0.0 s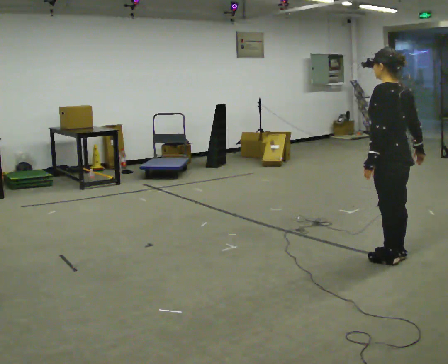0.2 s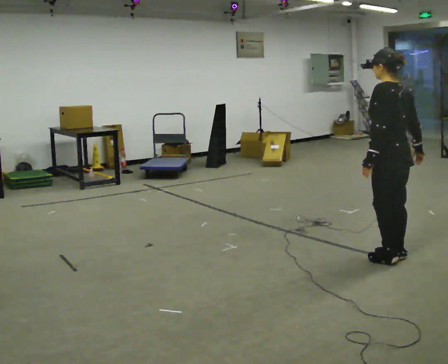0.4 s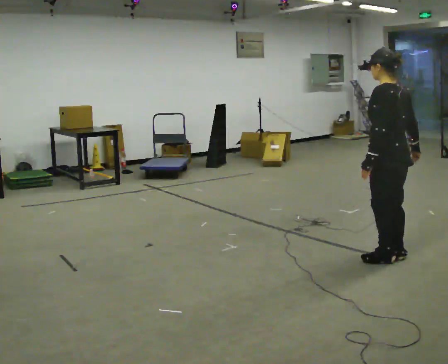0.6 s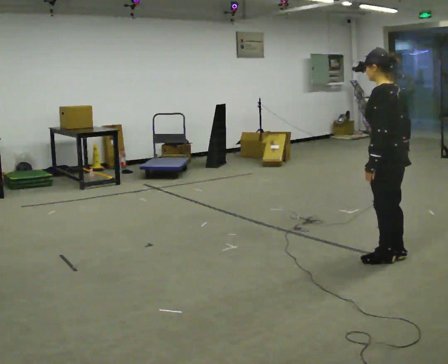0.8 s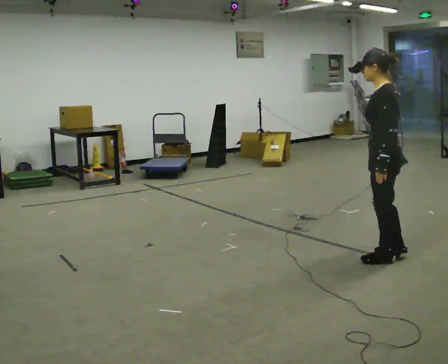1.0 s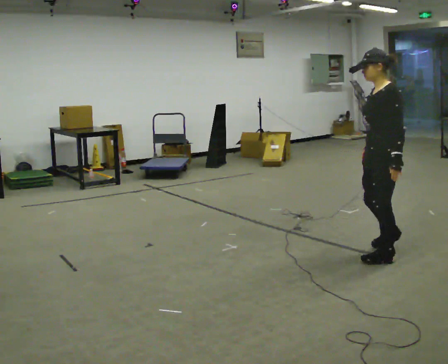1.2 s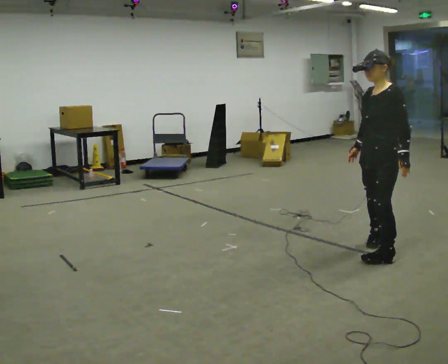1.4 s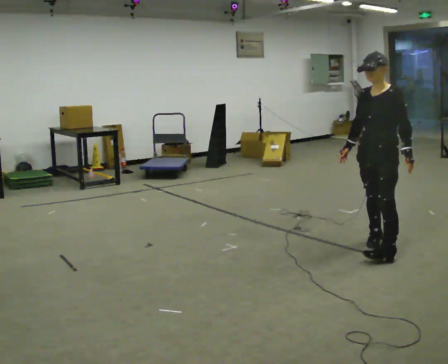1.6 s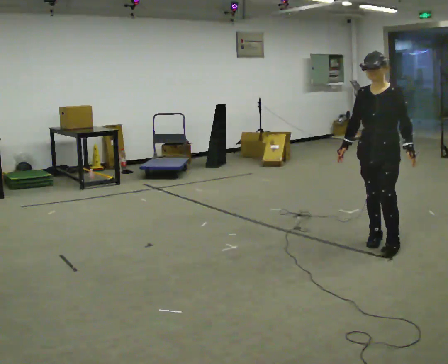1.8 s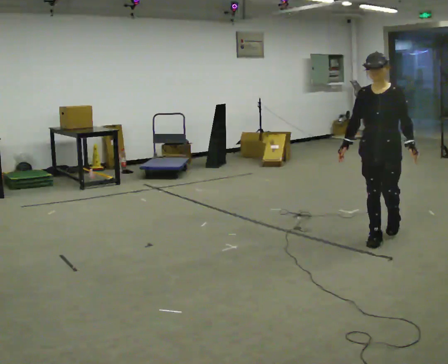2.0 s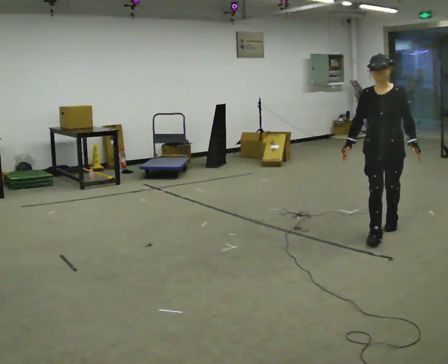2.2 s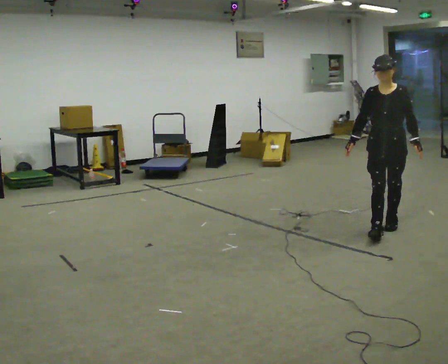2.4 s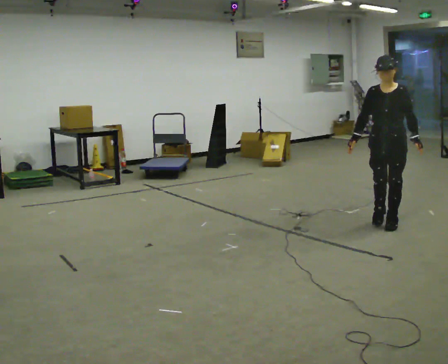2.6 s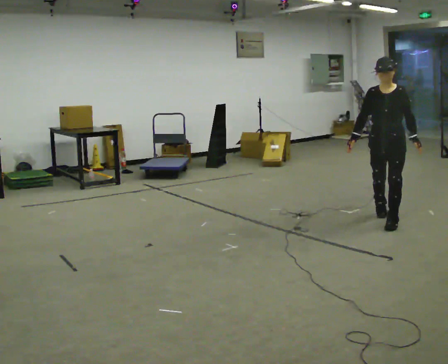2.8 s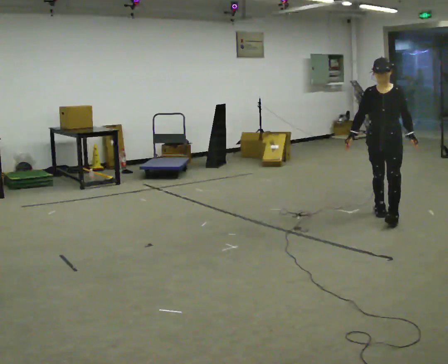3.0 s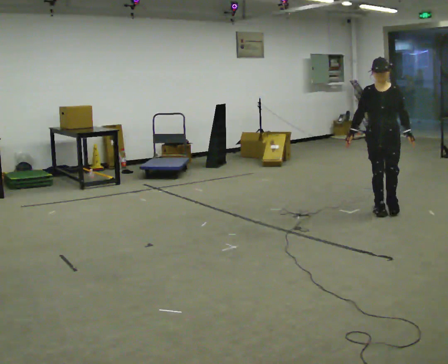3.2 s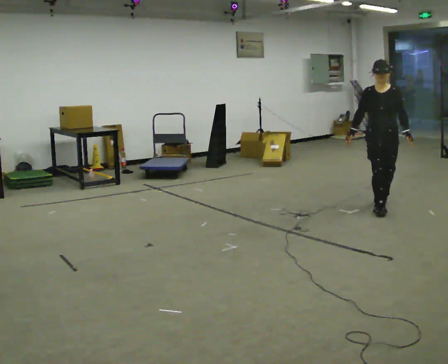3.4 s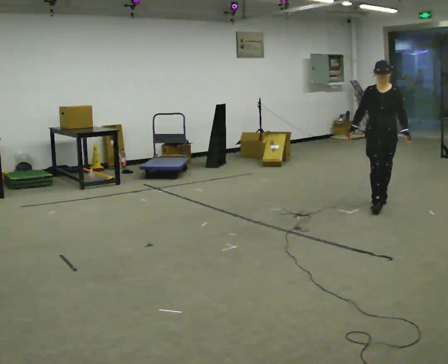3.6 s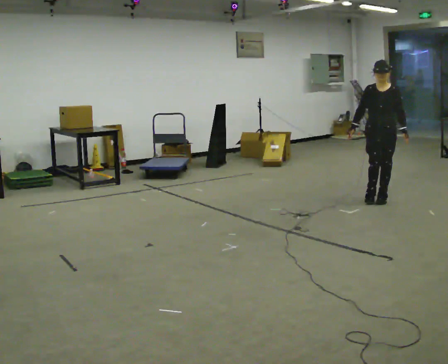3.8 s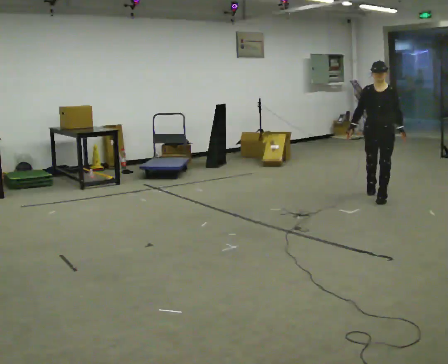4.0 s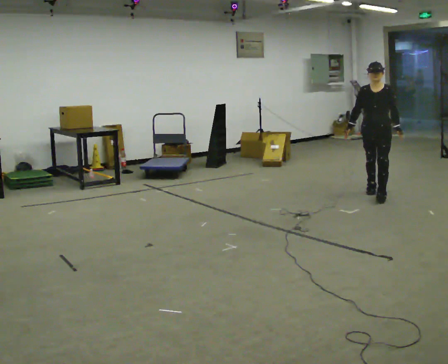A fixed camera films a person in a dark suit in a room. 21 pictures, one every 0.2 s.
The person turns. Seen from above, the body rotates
counterclockwise.
The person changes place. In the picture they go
away from the camera.
0.0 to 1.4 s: Seen from above the body turns counterclockwise, about 90 degrees: to their left, with its near side sliding to the right. In the picture they go away from the camera, about 0.25 m in 2 steps.
1.4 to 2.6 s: The part of the body nearest the lens slides to the right as the person turns to their left by about 30 degrees. In the picture they go away from the camera, about 0.5 m in 1 step, which for them is backward.
2.6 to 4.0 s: In the picture they go away from the camera, about 1 m in 2 steps, which for them is backward.
The film runs backward here.
